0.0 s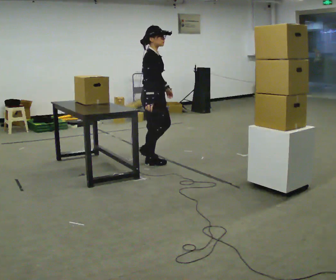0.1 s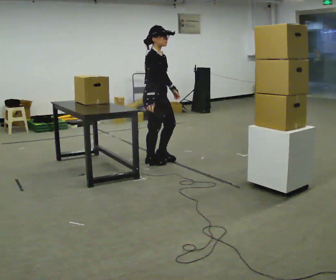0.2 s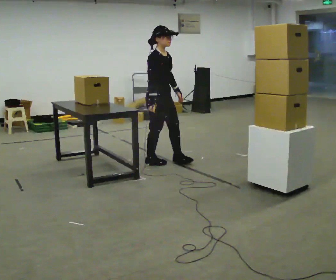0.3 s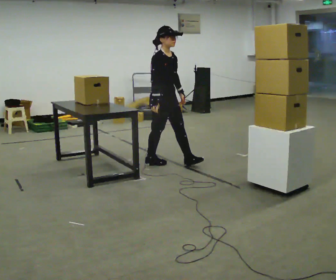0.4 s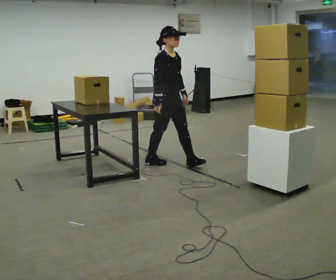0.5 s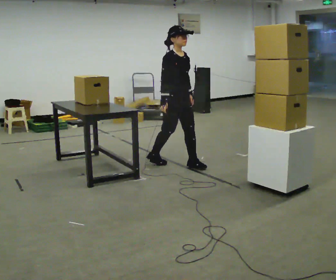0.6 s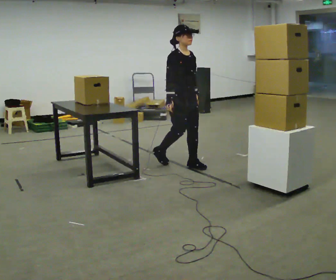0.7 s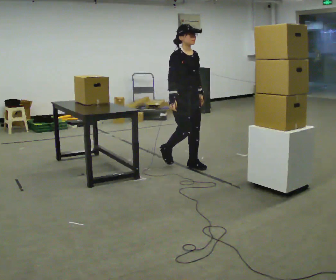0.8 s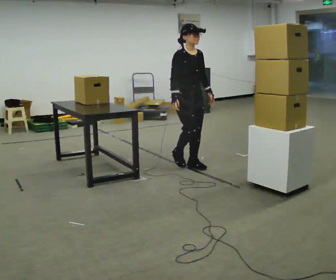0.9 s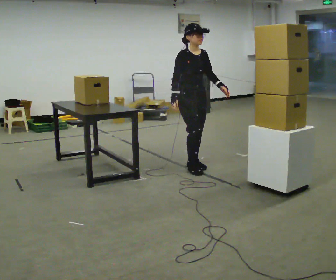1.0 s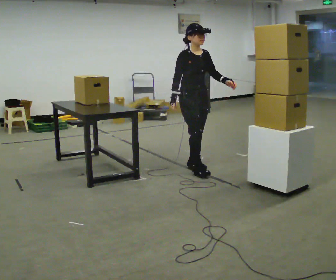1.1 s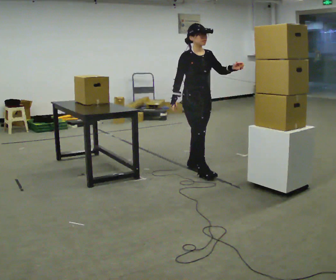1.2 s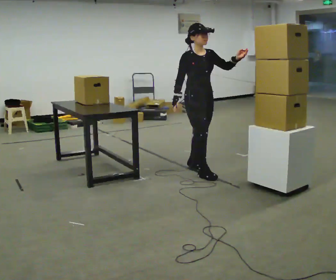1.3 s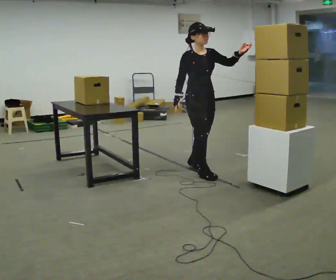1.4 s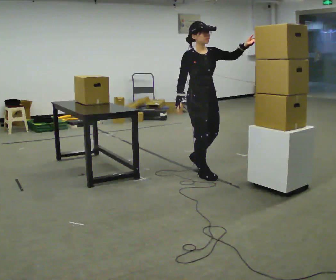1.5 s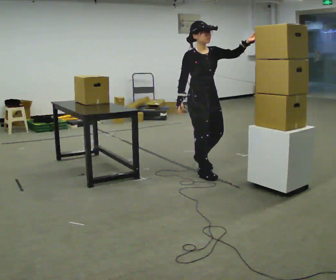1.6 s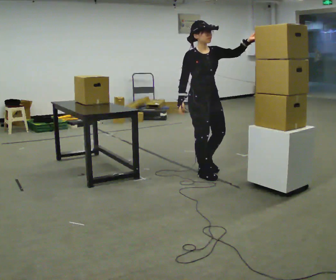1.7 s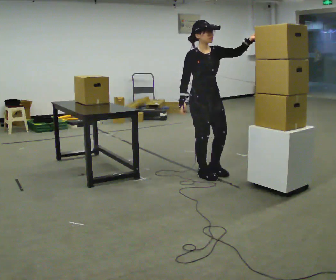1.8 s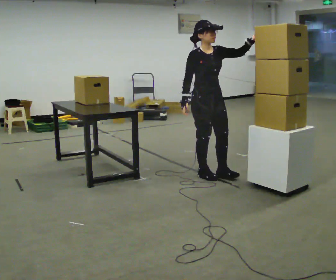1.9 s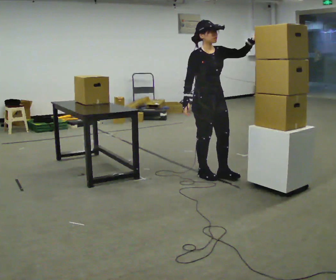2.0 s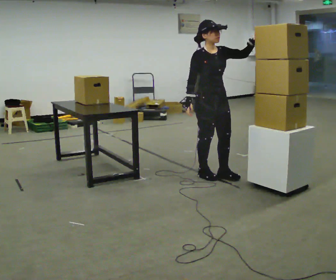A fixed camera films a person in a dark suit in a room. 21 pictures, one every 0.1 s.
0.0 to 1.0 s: The person turns about 45 degrees to their right, clockwise seen from above, so the part of the body nearest the lens slides to the left. In the picture they go to the right, about 0.5 m in 1 step, which for them is forward.
1.0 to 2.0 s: In the picture they go toward the camera and to the right, about 0.25 m in 2 steps, which for them is forward. In the picture their left hand goes upward, the arm swinging counterclockwise.
The film runs forward here.
